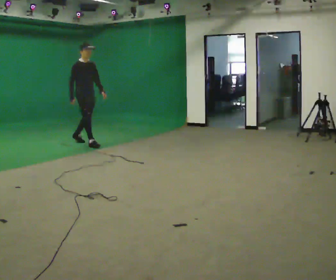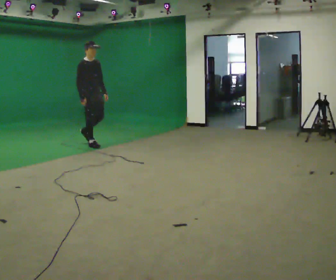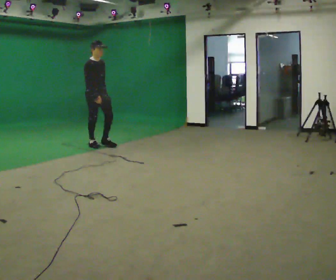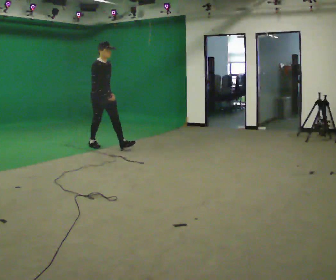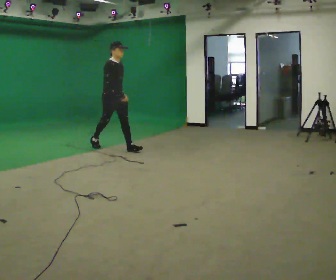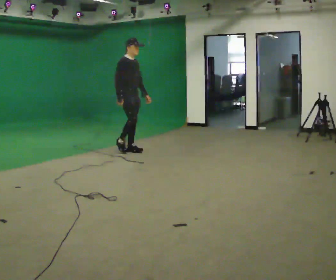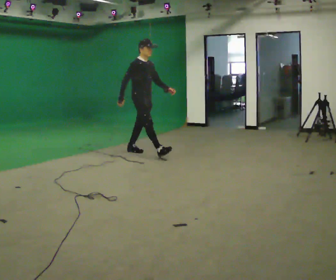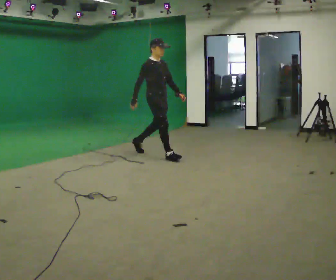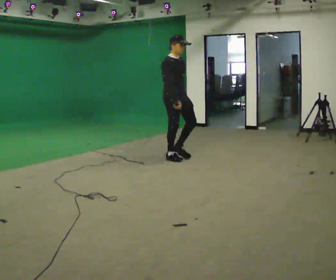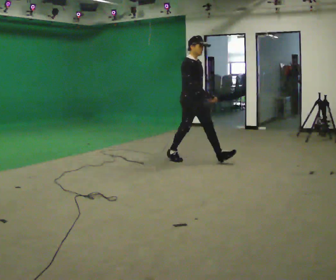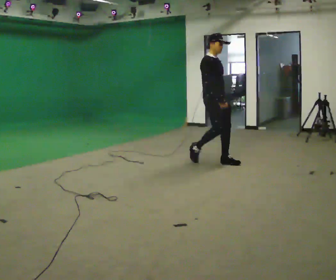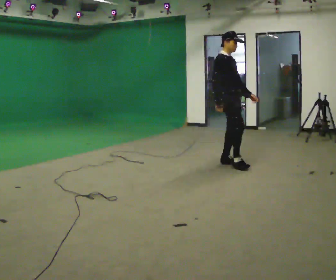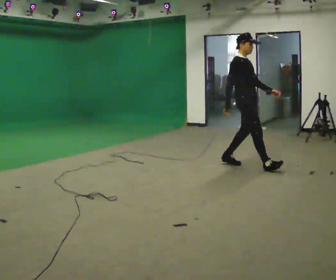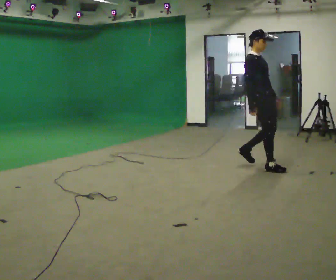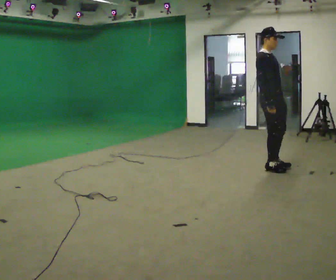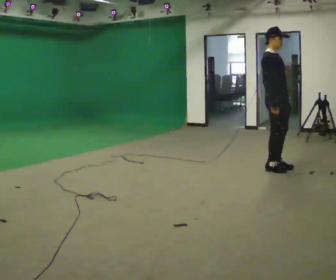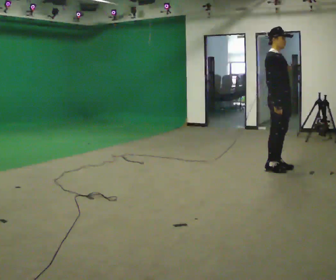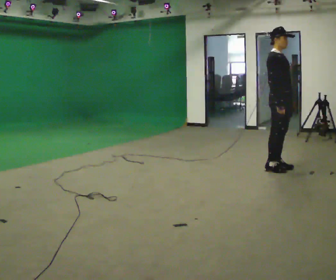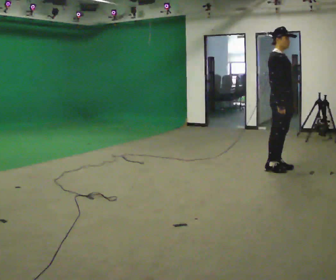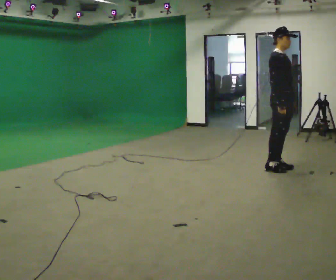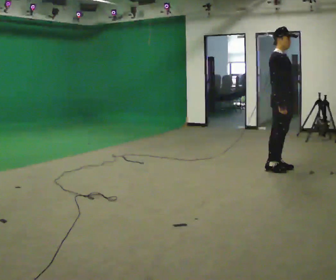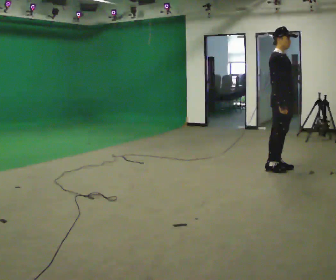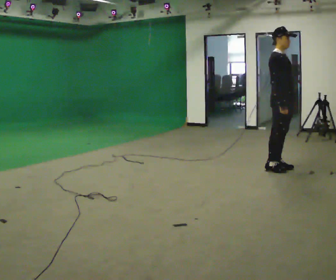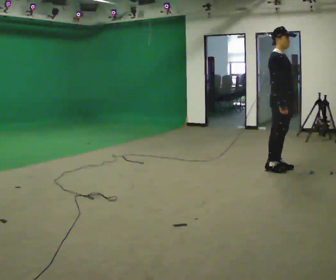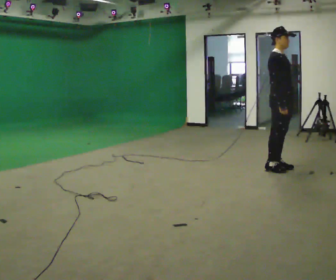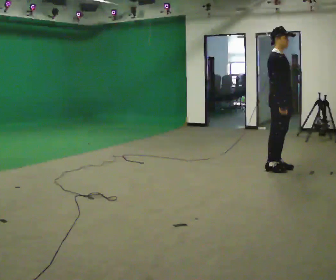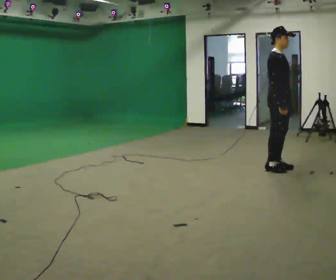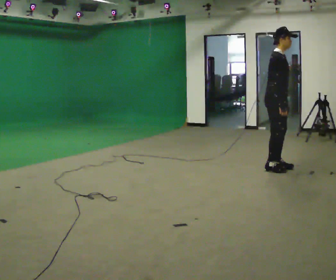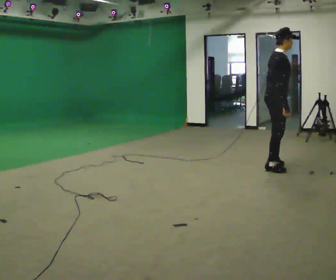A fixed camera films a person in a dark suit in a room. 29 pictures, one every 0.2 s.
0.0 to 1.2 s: In the picture they go to the right, about 1.5 m in 1 step, which for them is forward.
1.2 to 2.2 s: In the picture they go to the right, about 1.5 m in 2 steps, which for them is forward.
2.2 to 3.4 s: In the picture they go to the right, about 0.75 m in 2 steps, which for them is forward.
3.4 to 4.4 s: The person moves a little, or ends about where they began.
4.4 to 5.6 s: Seen from above the body turns counterclockwise, about 30 degrees: to their left, with its near side sliding to the right.
The film runs forward here.
